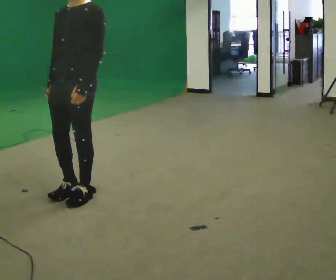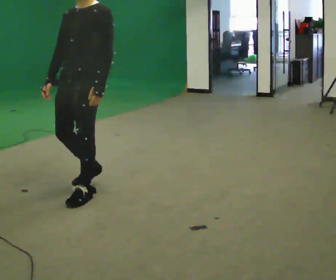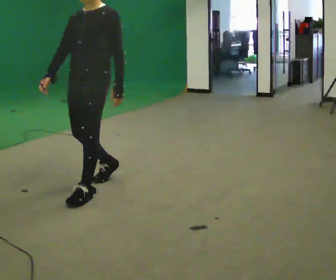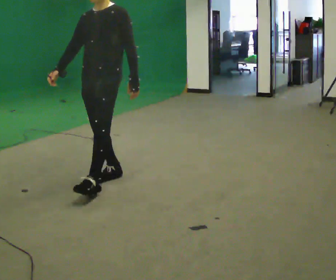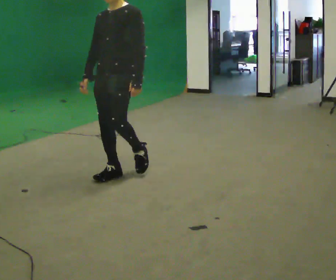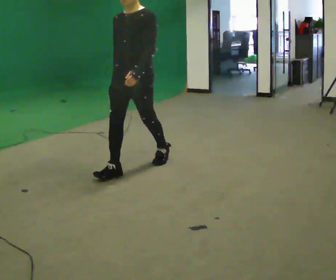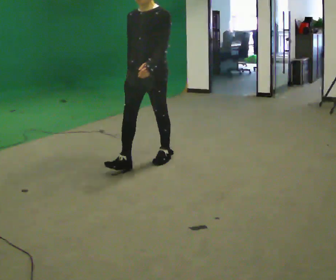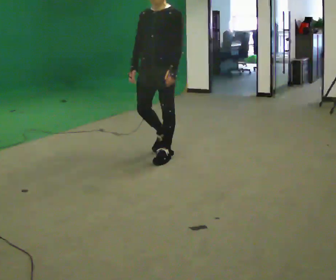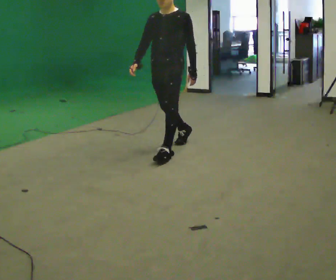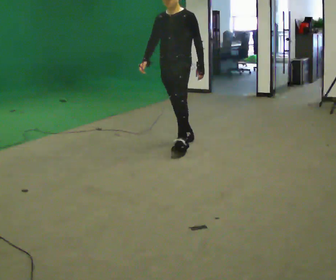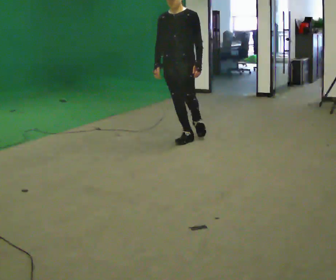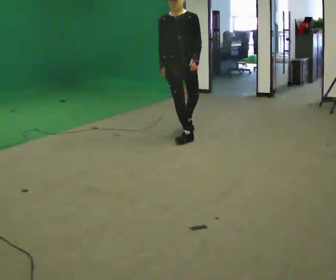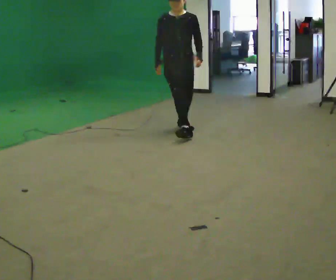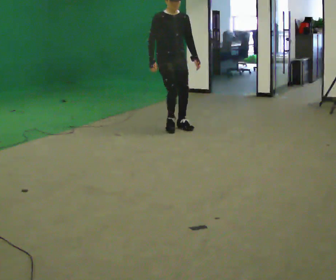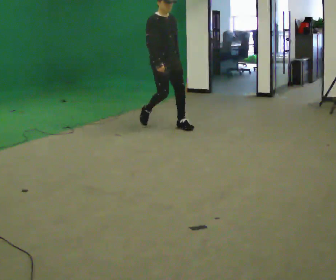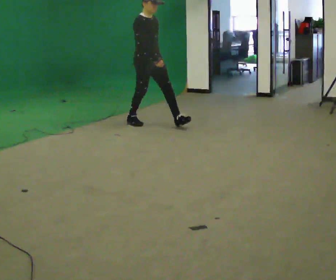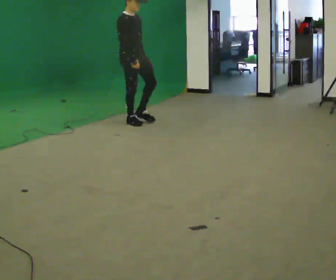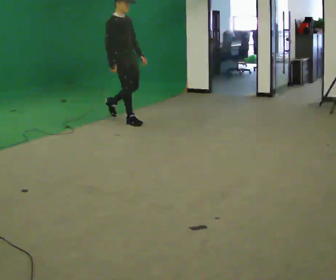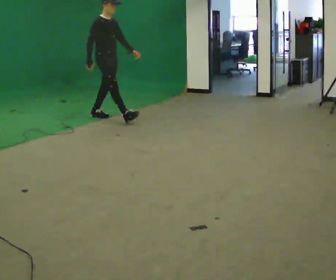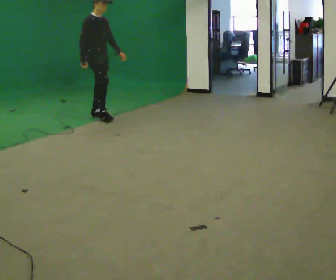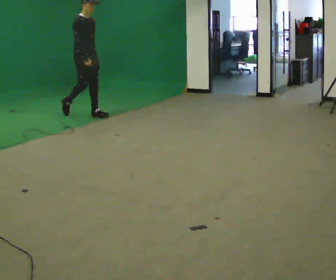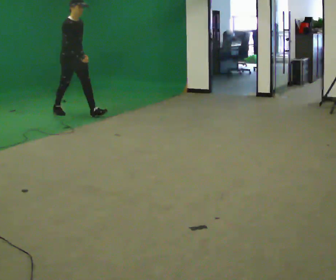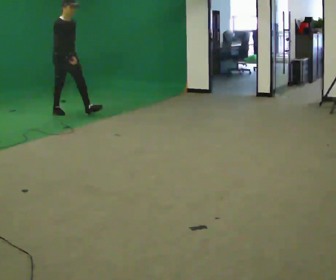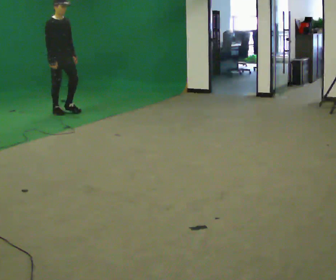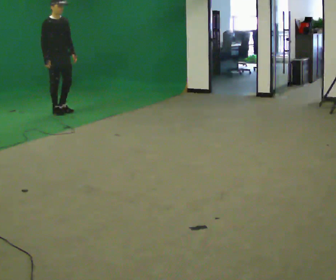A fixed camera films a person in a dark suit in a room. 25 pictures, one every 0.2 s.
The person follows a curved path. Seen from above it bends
counterclockwise.
The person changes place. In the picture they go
away from the camera.
0.0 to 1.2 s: In the picture they go away from the camera and to the right, about 1 m in 3 steps, which for them is backward.
1.2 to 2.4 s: The person turns about 30 degrees to their left, counterclockwise seen from above, so the part of the body nearest the lens slides to the right. In the picture they go away from the camera, about 1 m in 2 steps, which for them is backward.
2.4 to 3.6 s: The part of the body nearest the lens slides to the right as the person turns to their left by about 60 degrees. In the picture they go to the left and away from the camera, about 1 m in 2 steps, which for them is backward.
3.6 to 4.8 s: In the picture they go to the left and away from the camera, about 1 m in 1 step, which for them is backward.
The film runs backward here.
